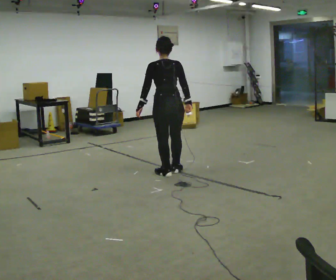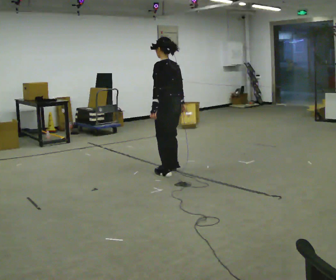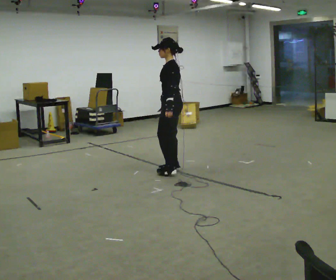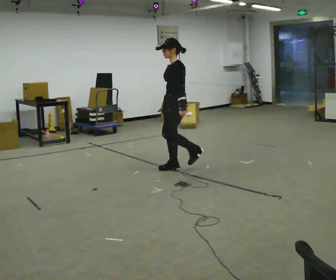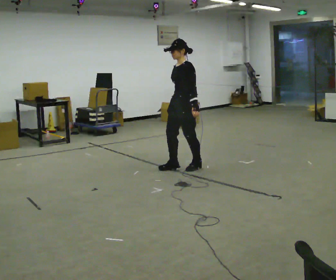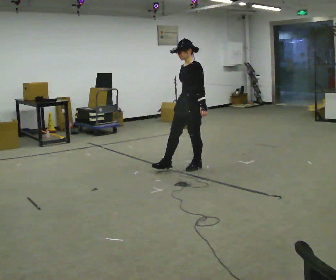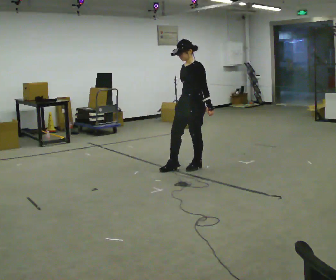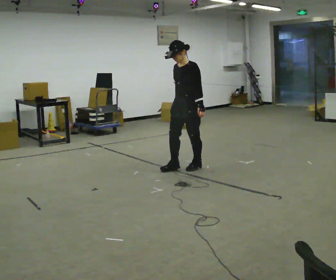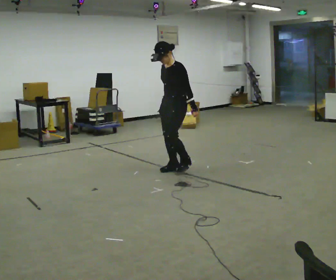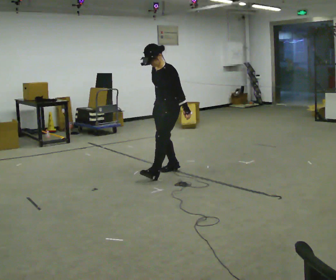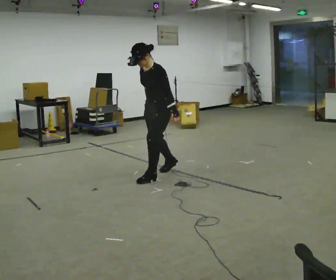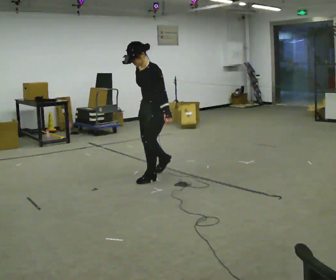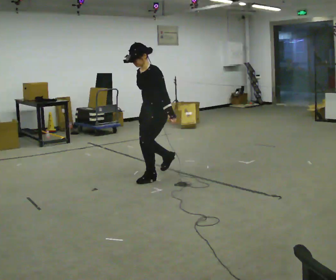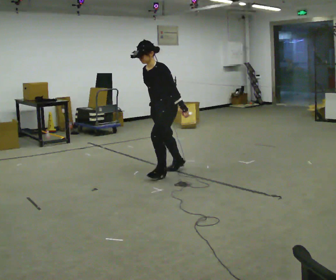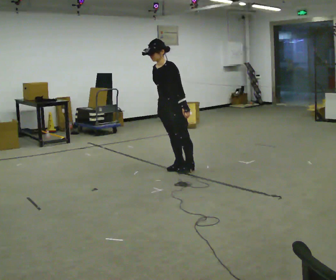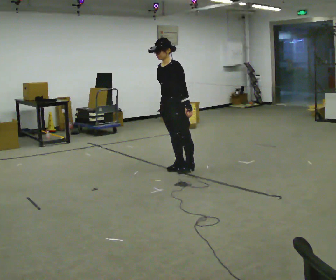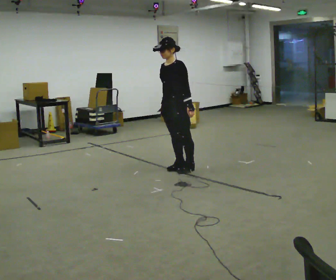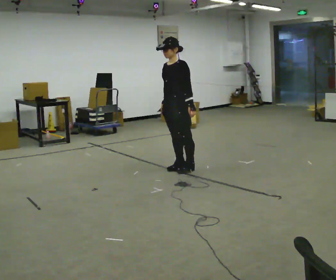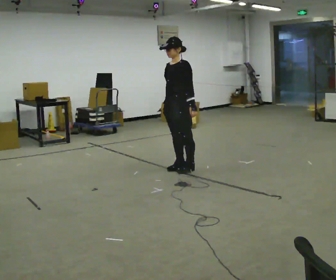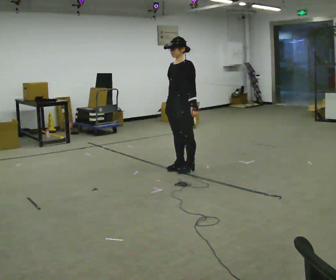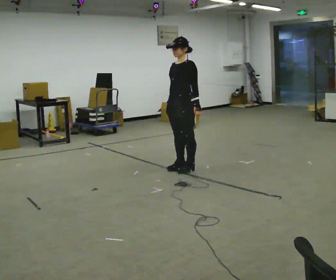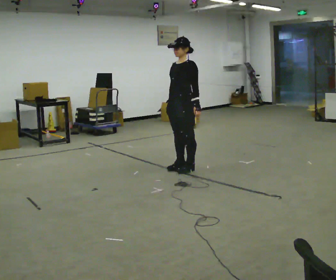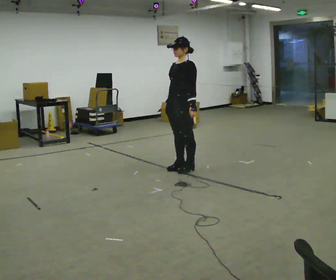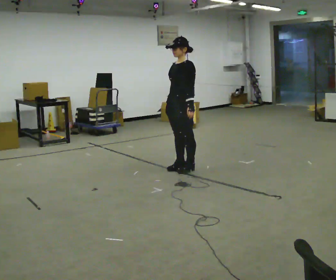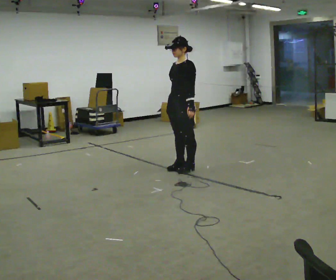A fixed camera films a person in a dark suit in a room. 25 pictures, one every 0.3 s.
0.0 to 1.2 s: The person turns about 120 degrees to their left, counterclockwise seen from above, so the part of the body nearest the lens slides to the right. In the picture they go to the right and away from the camera, about 0.25 m in 1 step.
1.2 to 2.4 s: The person moves a little, or ends about where they began.
2.4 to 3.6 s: In the picture they go toward the camera and to the left, about 0.5 m in 2 steps, which for them is forward and to their left.
3.6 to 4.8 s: In the picture they go away from the camera and to the right, about 0.25 m in 1 step, which for them is backward.
4.8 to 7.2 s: The person moves a little, or ends about where they began.
The film runs backward here.
